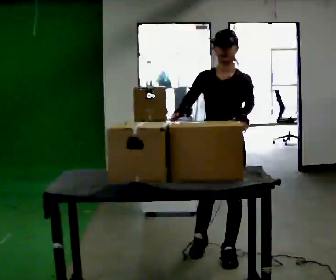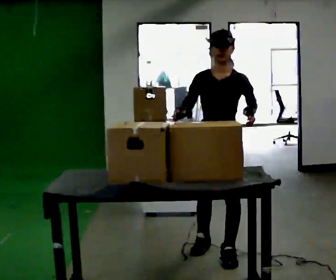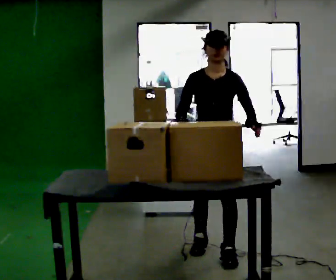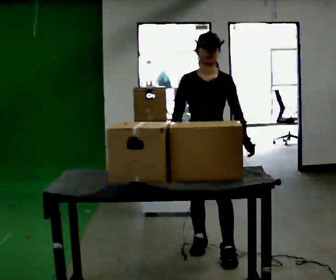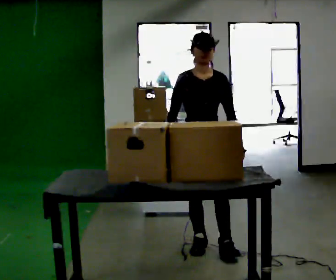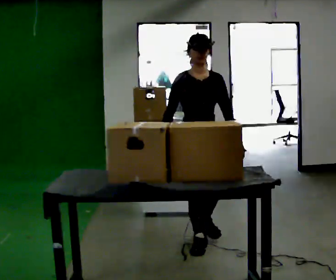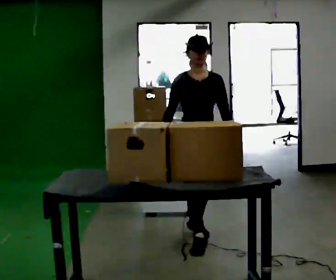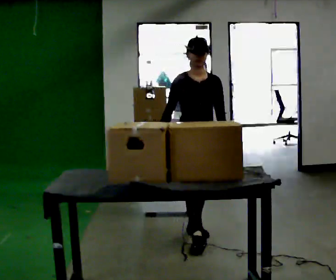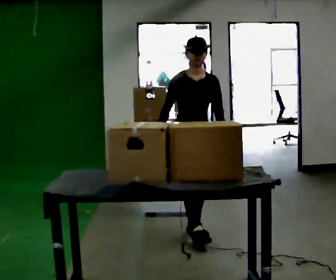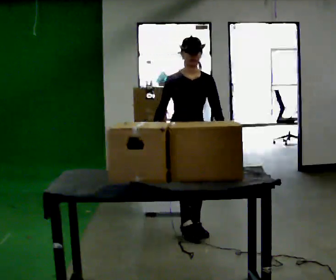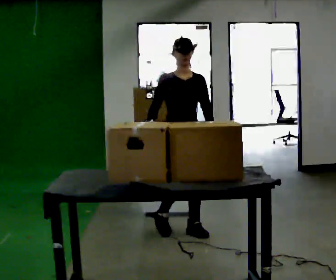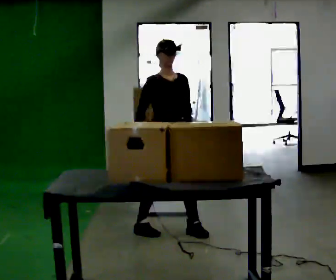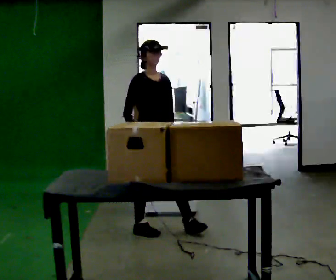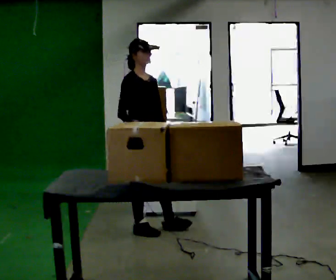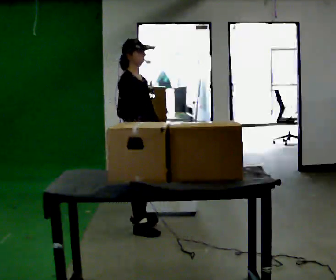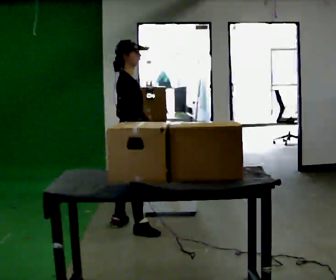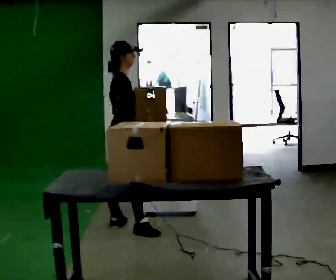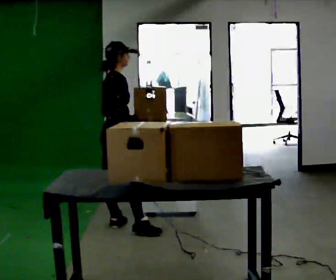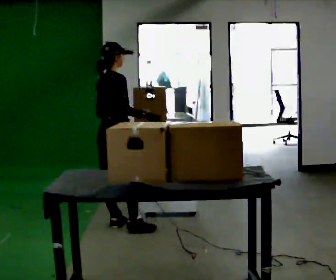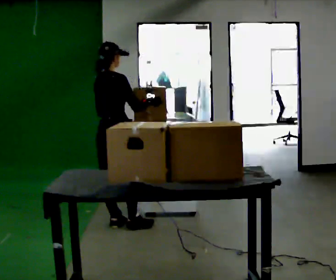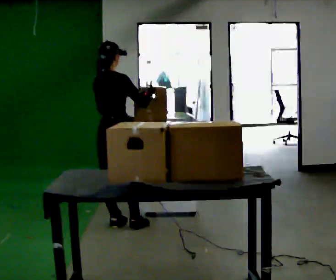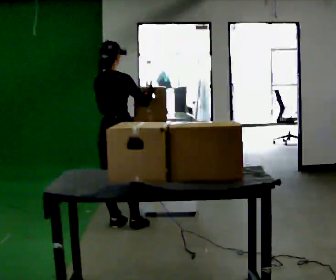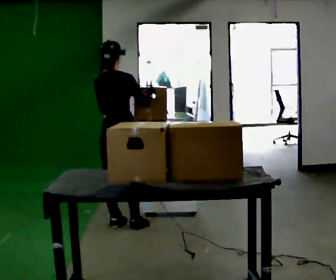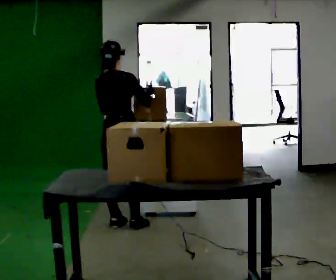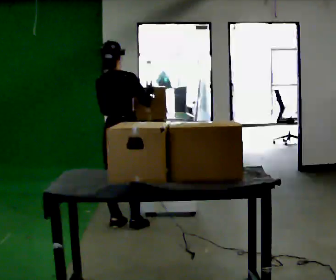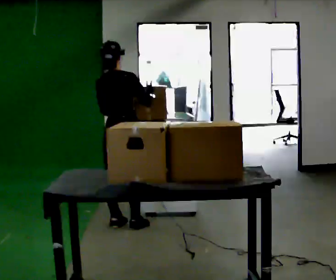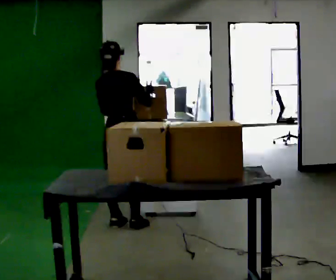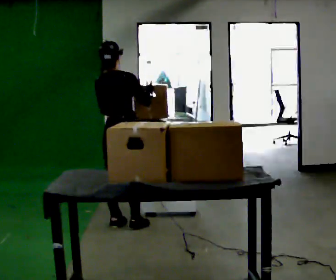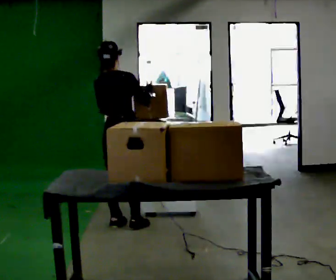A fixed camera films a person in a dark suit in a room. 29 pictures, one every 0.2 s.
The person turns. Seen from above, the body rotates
counterclockwise.
The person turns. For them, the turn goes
to their left.
0.0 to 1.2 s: The person turns about 30 degrees to their left, counterclockwise seen from above, so the part of the body nearest the lens slides to the right. In the picture they go away from the camera, about 0.5 m in 1 step, which for them is backward and to their right.
1.2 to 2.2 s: In the picture they go away from the camera and to the left, about 0.5 m in 1 step, which for them is backward and to their right.
2.2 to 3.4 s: The part of the body nearest the lens slides to the right as the person turns to their left by about 90 degrees. In the picture they go to the left and away from the camera, about 0.5 m in 1 step.
3.4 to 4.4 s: The person turns about 45 degrees to their left, counterclockwise seen from above, so the part of the body nearest the lens slides to the right.
4.4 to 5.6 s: The person moves a little, or ends about where they began.
The film runs backward here.
